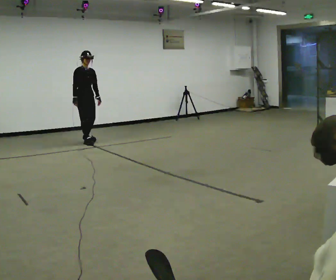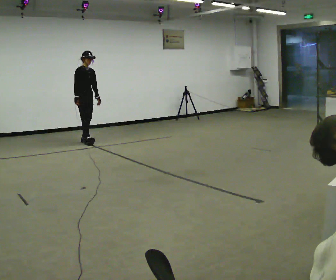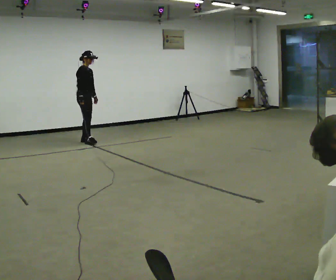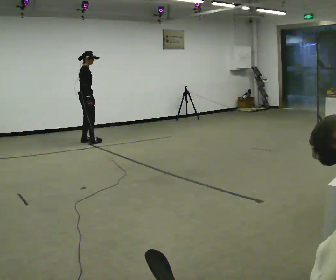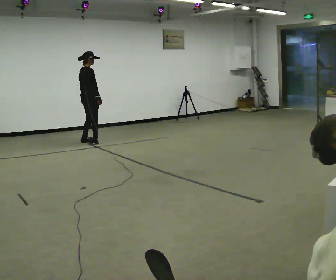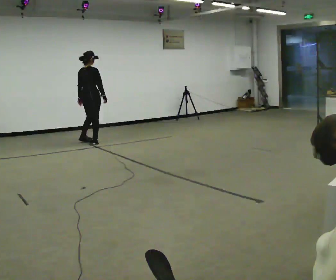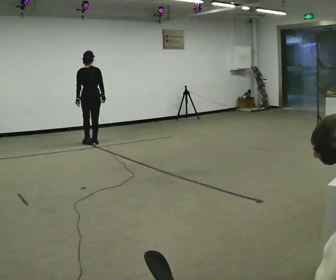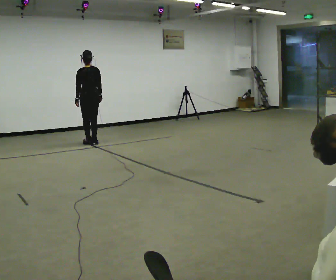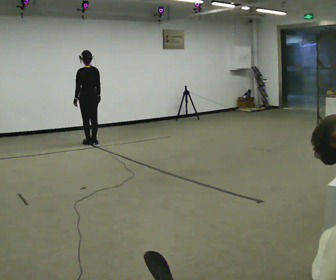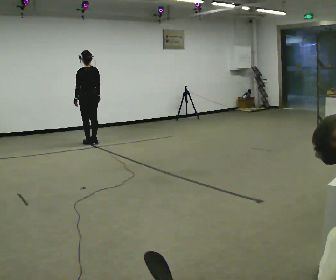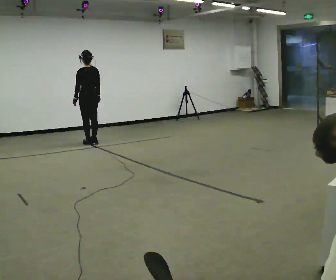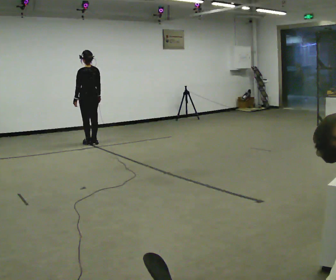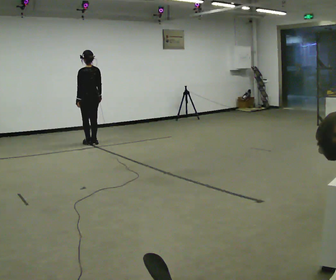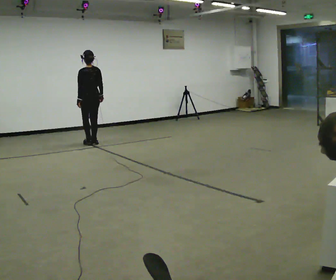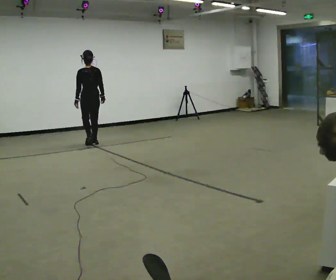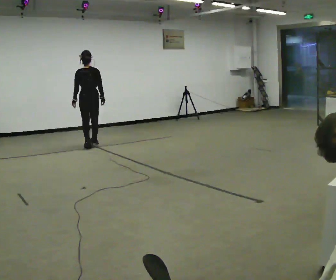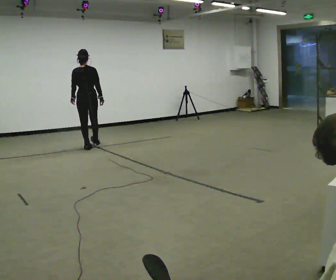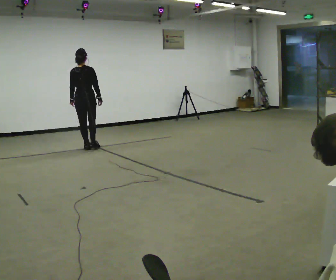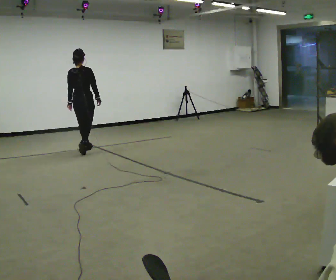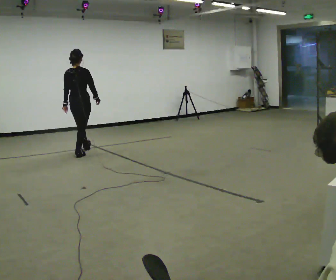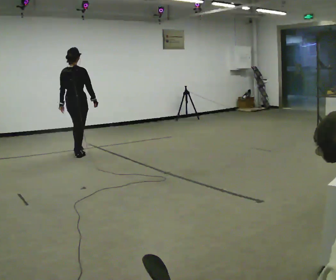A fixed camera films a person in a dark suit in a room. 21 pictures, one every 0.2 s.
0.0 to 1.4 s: The person turns about 165 degrees to their left, counterclockwise seen from above, so the part of the body nearest the lens slides to the right. In the picture their right hand goes to the right.
1.4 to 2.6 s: The person moves a little, or ends about where they began.
2.6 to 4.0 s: The part of the body nearest the lens slides to the left as the person turns to their right by about 45 degrees. In the picture they go toward the camera, about 1 m in 2 steps, which for them is backward.
The film runs backward here.
